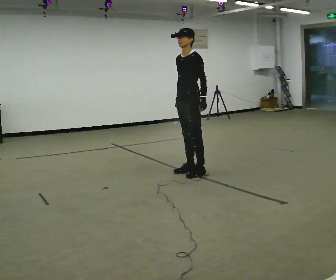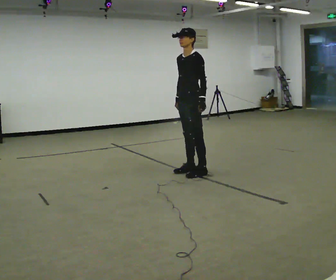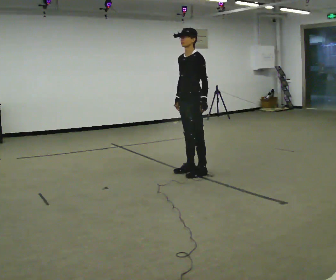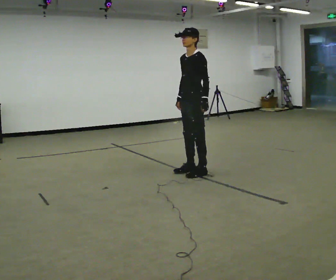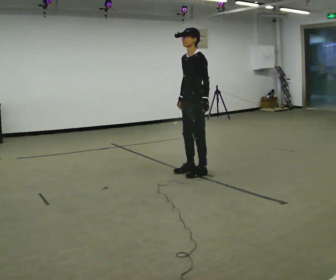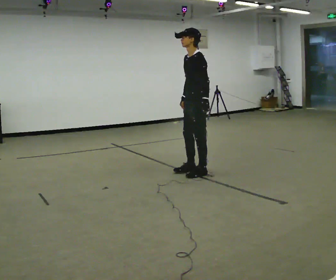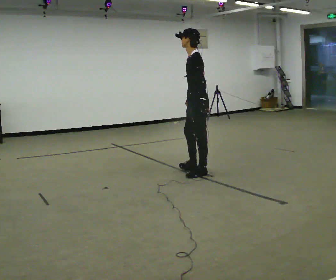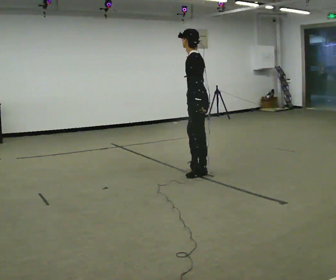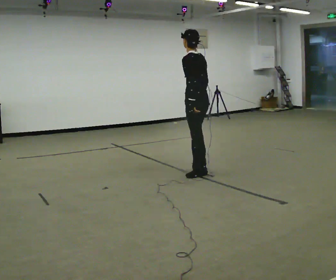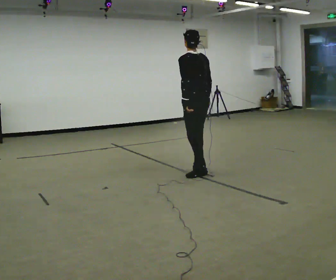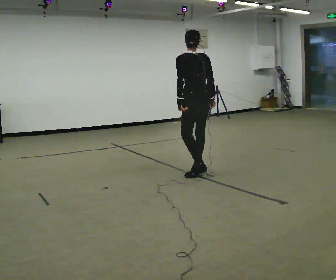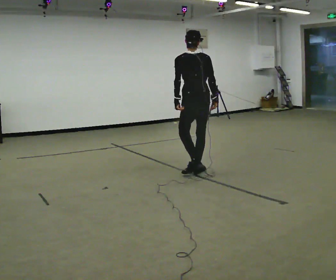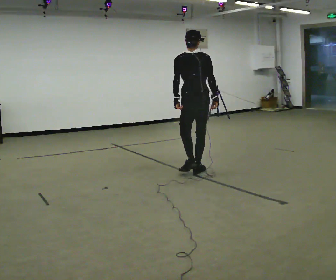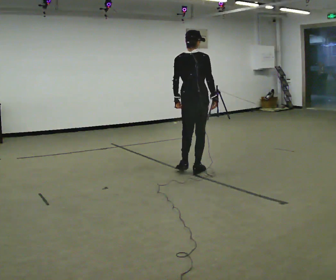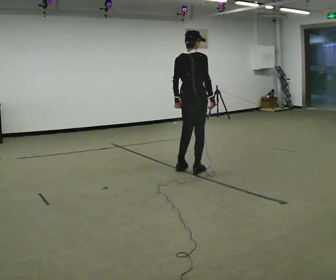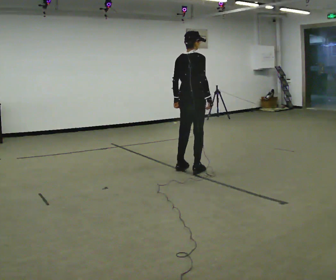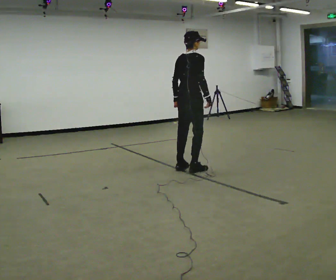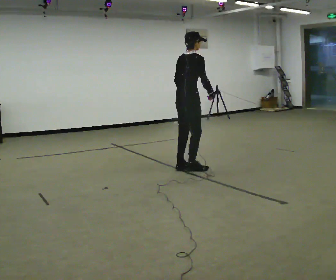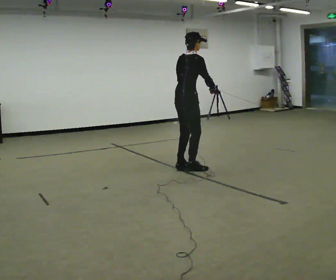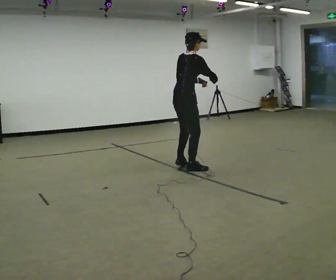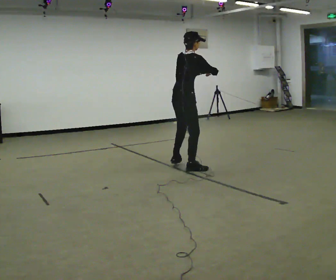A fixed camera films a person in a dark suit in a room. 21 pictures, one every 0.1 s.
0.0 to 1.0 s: Seen from above the body turns clockwise, about 105 degrees: to their right, with its near side sliding to the left. In the picture their right hand goes to the right.
1.0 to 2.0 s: Seen from above the body turns clockwise, about 75 degrees: to their right, with its near side sliding to the left. In the picture they go to the left and away from the camera, about 0.25 m in 1 step. In the picture the upper body tilts clockwise, shoulders to the right. In the picture their left hand goes upward.
The film runs forward here.
